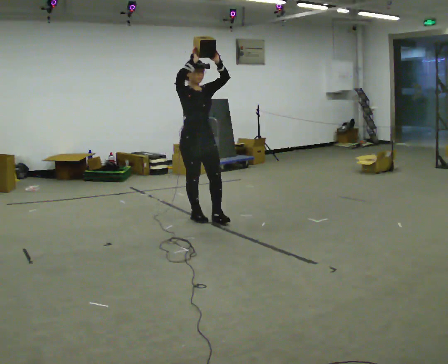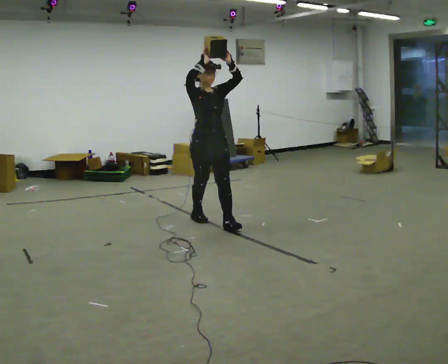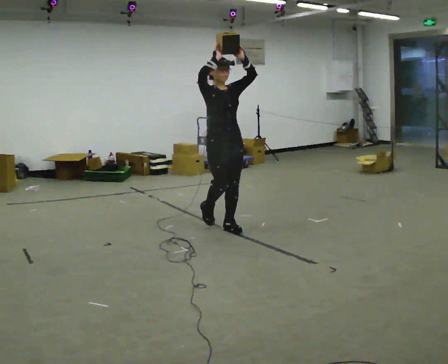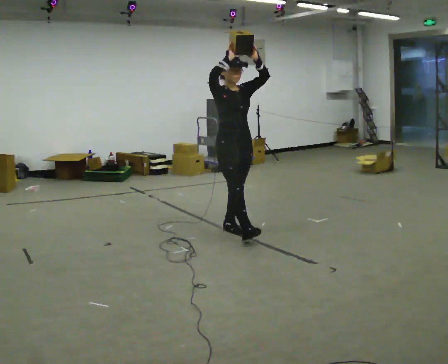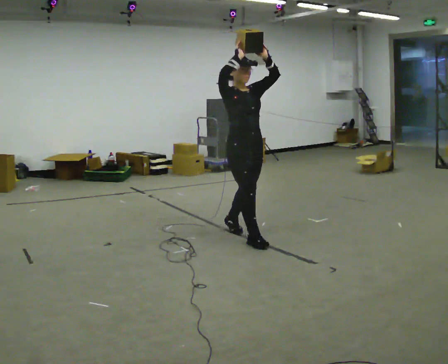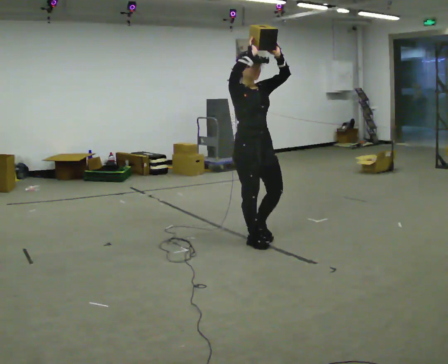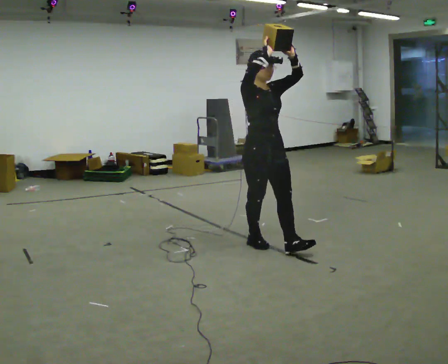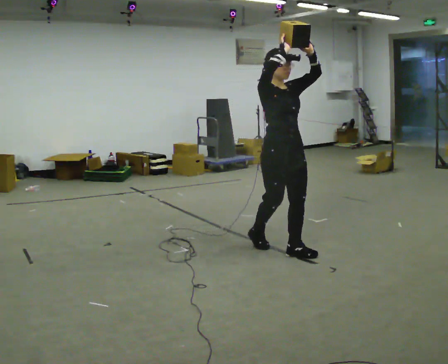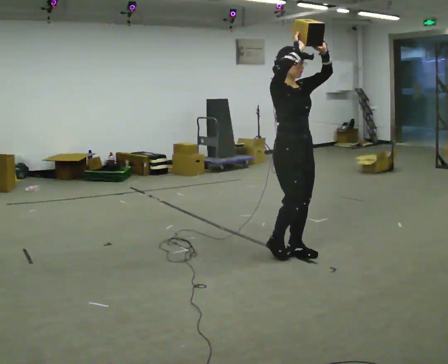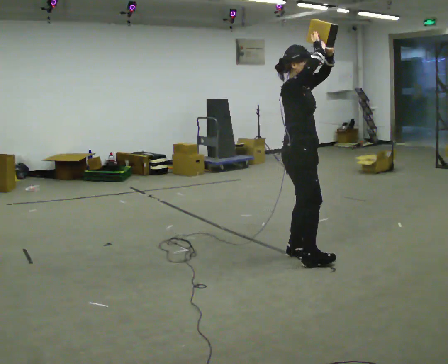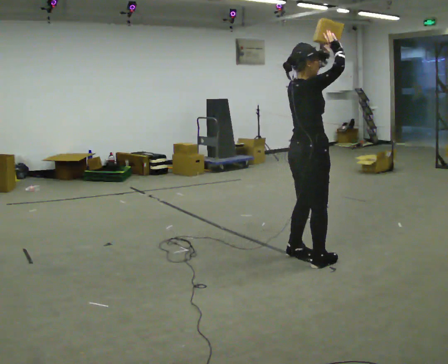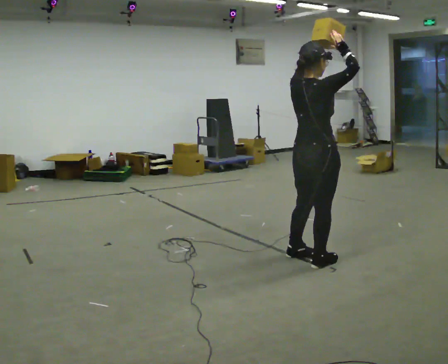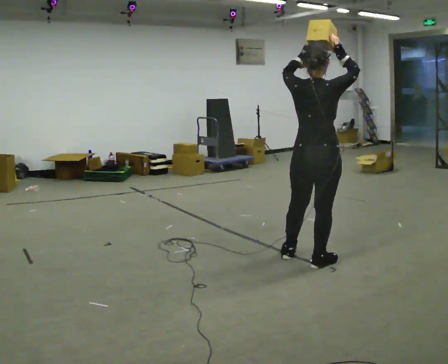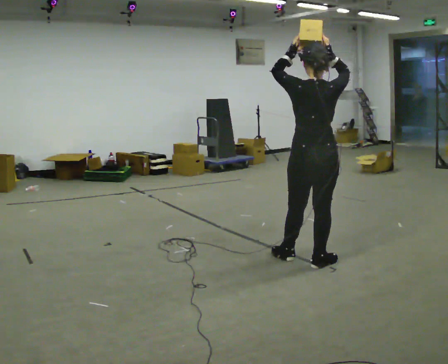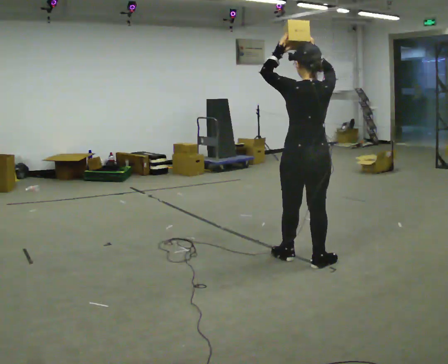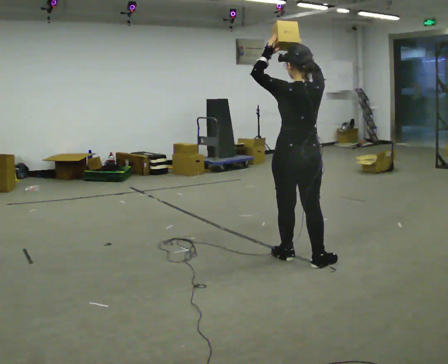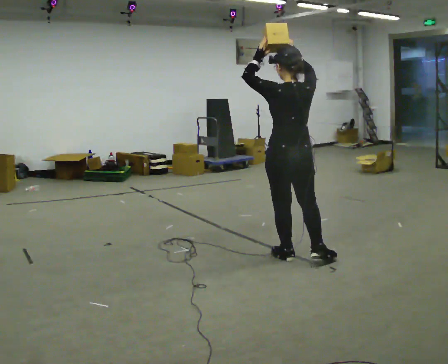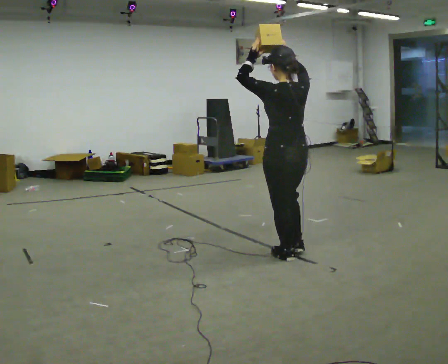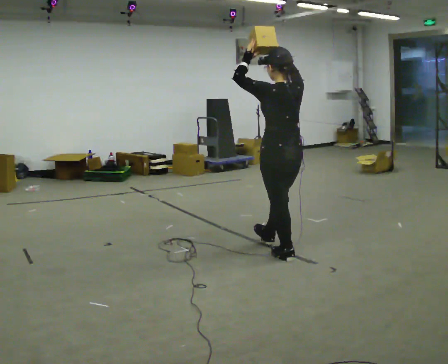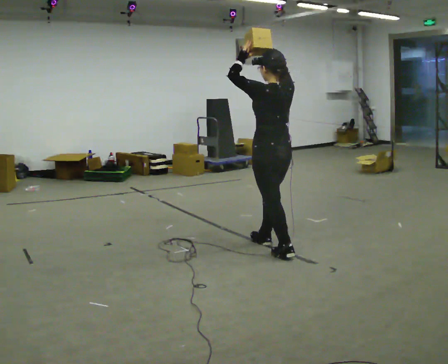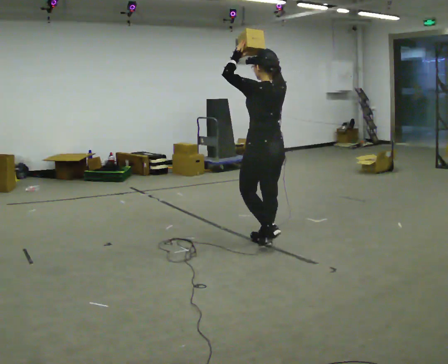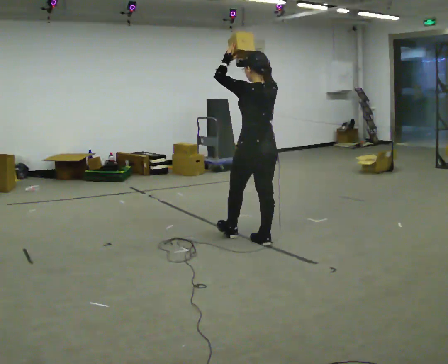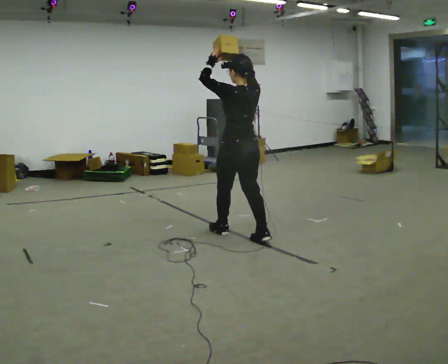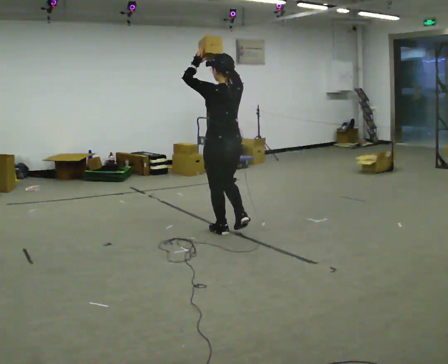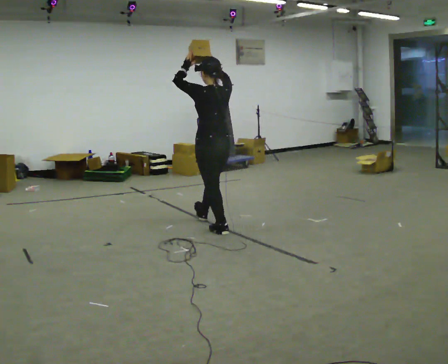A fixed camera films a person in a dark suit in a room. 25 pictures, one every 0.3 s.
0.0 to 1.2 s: In the picture they go to the right and toward the camera, about 1 m in 2 steps, which for them is forward.
1.2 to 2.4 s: In the picture they go to the right and toward the camera, about 0.5 m in 1 step, which for them is forward.
2.4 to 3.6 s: The part of the body nearest the lens slides to the right as the person turns to their left by about 120 degrees. In the picture they go to the right and toward the camera, about 0.25 m in 1 step.
3.6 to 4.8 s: The person turns about 30 degrees to their left, counterclockwise seen from above, so the part of the body nearest the lens slides to the right. In the picture they go to the left, about 0.25 m, which for them is forward and to their left. In the picture their left hand goes to the left.
4.8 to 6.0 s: In the picture they go to the left and away from the camera, about 0.5 m in 1 step, which for them is forward.
6.0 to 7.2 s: In the picture they go to the left, about 0.75 m in 1 step, which for them is forward.
The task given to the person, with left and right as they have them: Carry the object held up above your head, walking back and forth across the room.
The film runs forward here.
